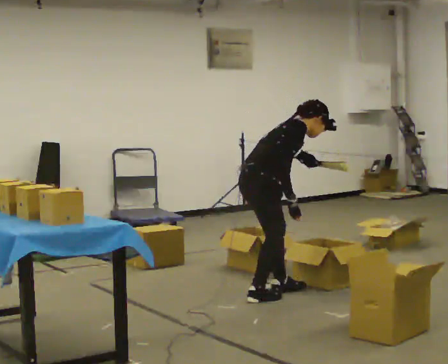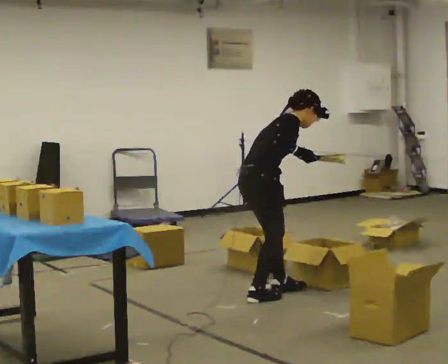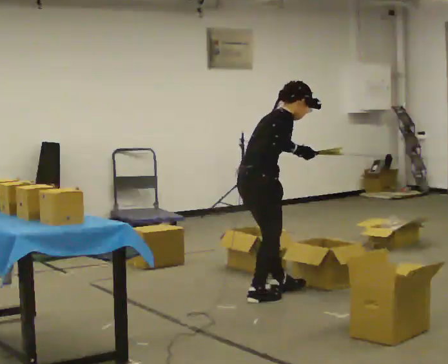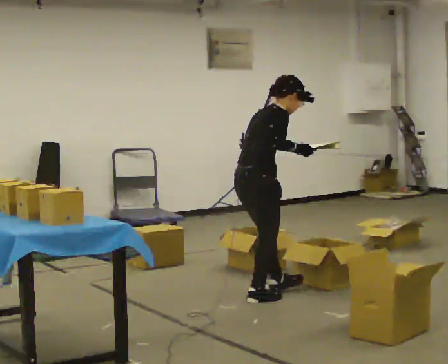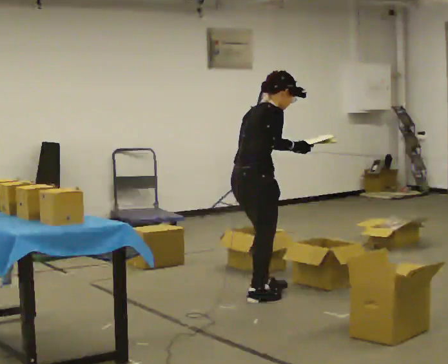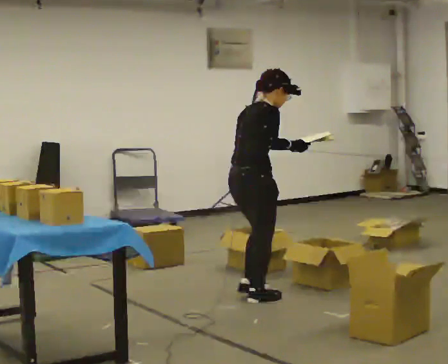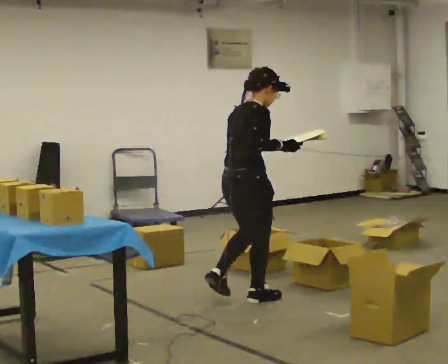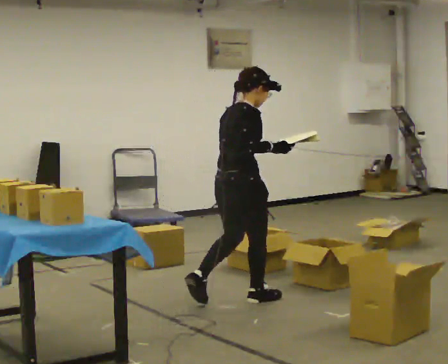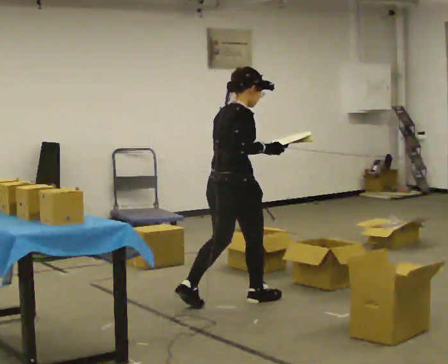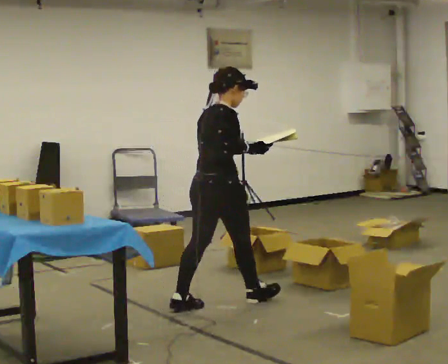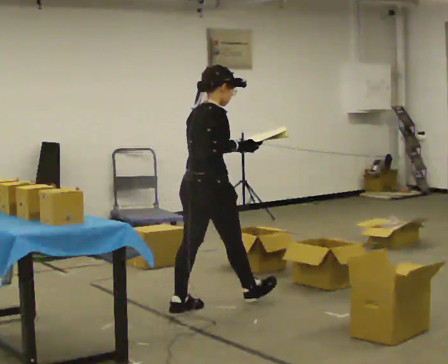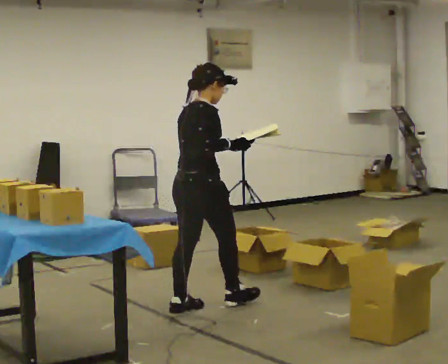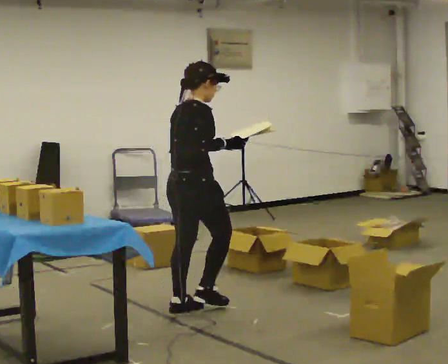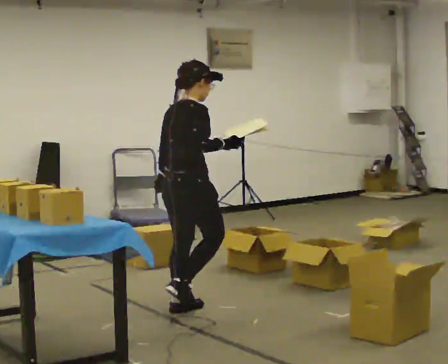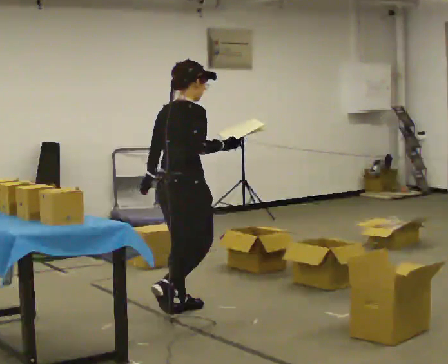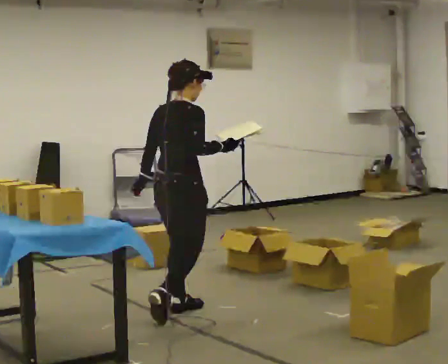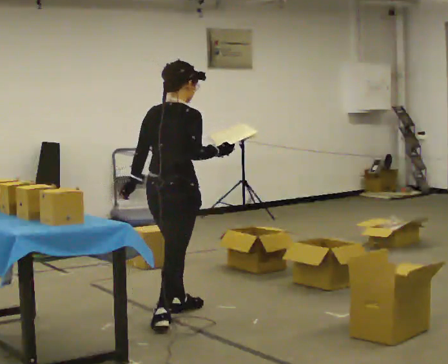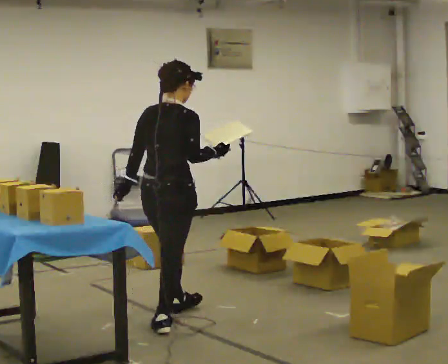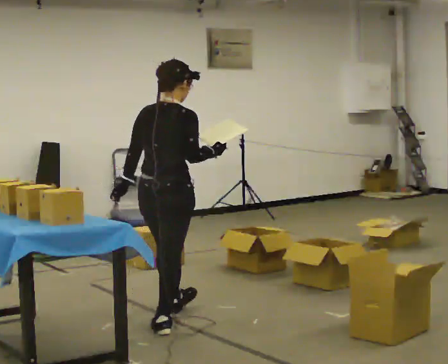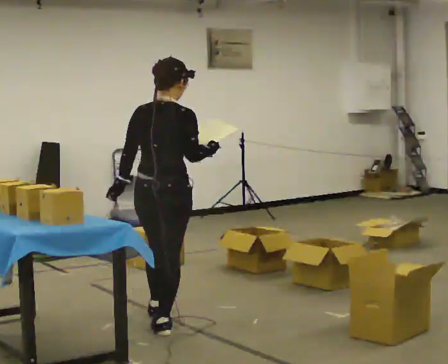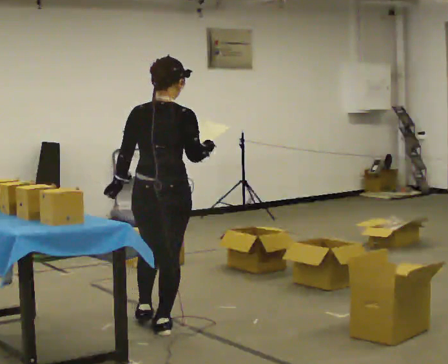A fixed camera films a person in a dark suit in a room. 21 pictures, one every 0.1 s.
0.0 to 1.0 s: Seen from above the body turns counterclockwise, about 30 degrees: to their left, with its near side sliding to the right. In the picture they go to the left and toward the camera, about 0.5 m in 2 steps, which for them is backward. In the picture the upper body tilts counterclockwise, shoulders to the left, as they lean back or straighten.
1.0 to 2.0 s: The part of the body nearest the lens slides to the right as the person turns to their left by about 45 degrees. In the picture they go toward the camera and to the left, about 0.5 m in 1 step, which for them is backward.
The film runs backward here.
